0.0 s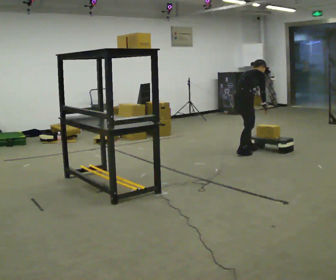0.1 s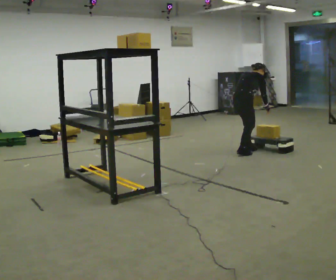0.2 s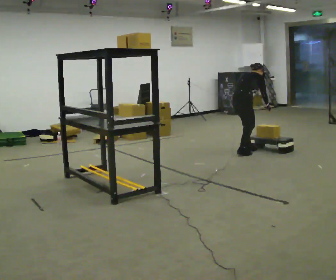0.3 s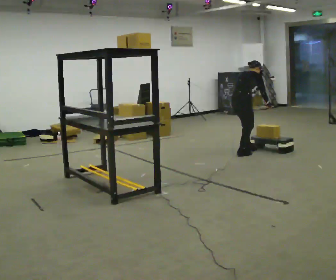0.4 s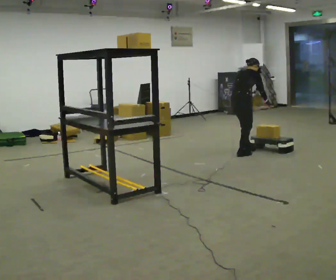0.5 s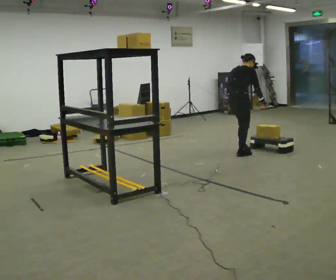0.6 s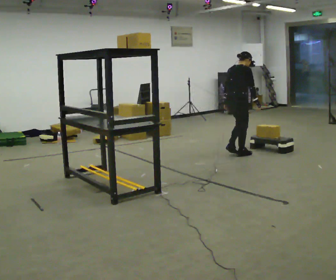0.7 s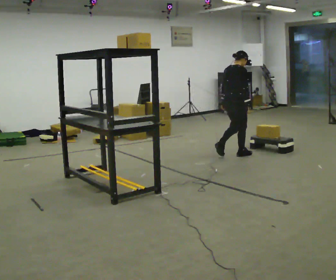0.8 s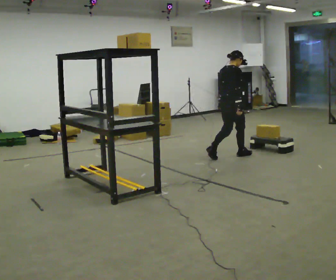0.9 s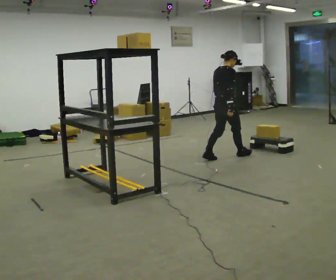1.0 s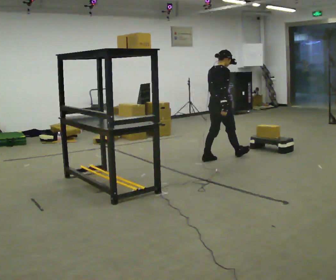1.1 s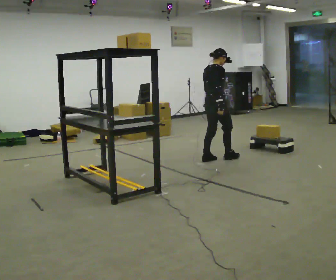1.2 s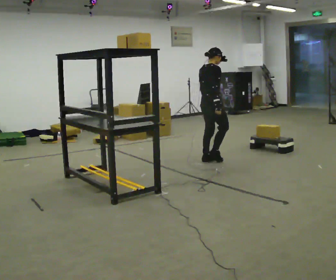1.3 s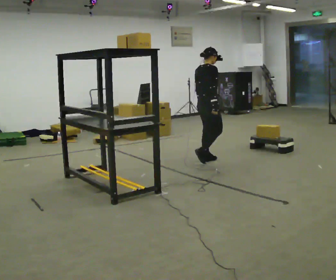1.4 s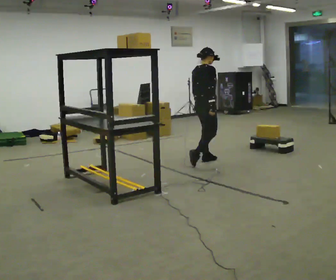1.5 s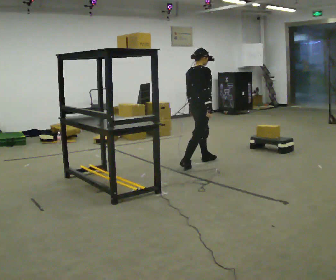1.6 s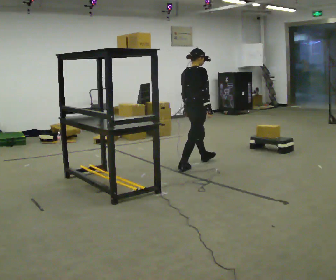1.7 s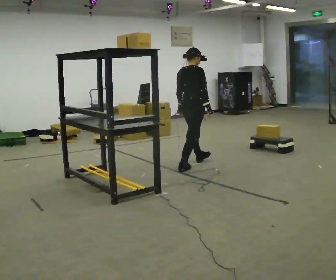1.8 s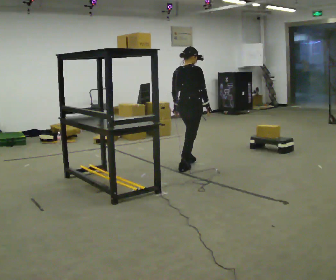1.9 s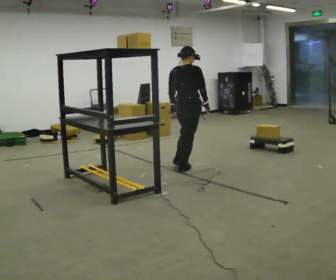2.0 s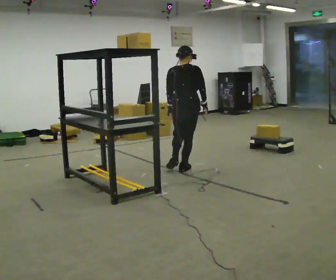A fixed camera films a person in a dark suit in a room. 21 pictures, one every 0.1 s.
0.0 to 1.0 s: In the picture they go to the left and toward the camera, about 0.5 m in 2 steps, which for them is backward. In the picture the upper body tilts counterclockwise, shoulders to the left, as they lean back or straighten.
1.0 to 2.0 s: Seen from above the body turns counterclockwise, about 45 degrees: to their left, with its near side sliding to the right. In the picture they go toward the camera and to the left, about 0.75 m in 1 step, which for them is backward.
The film runs backward here.
